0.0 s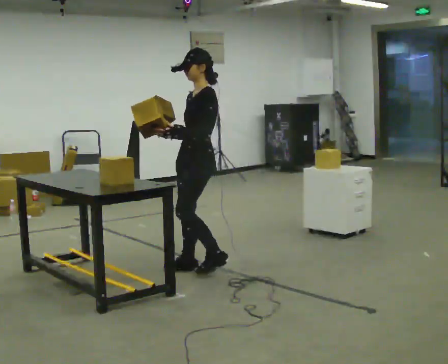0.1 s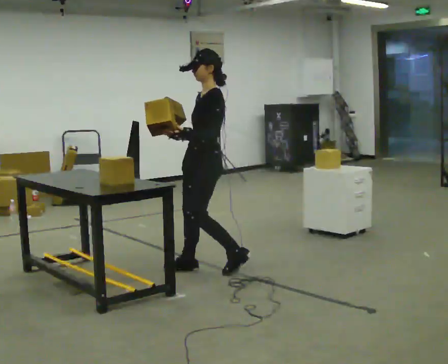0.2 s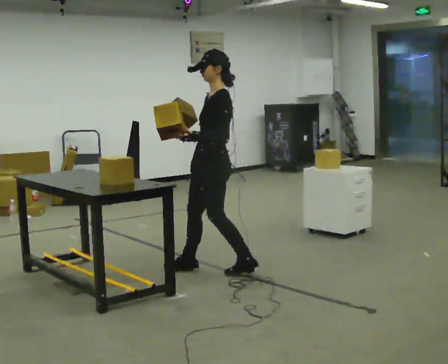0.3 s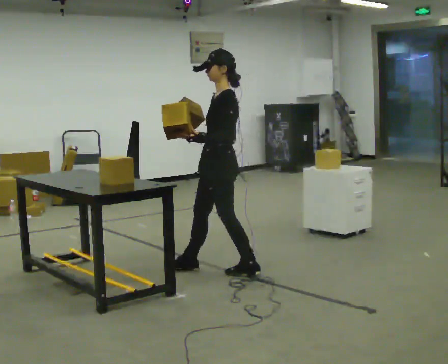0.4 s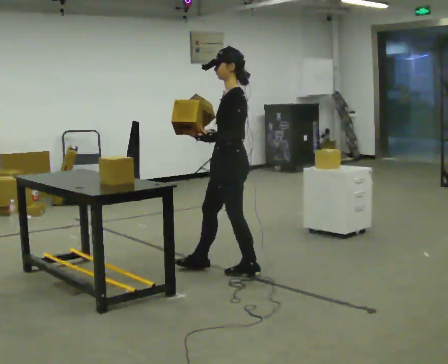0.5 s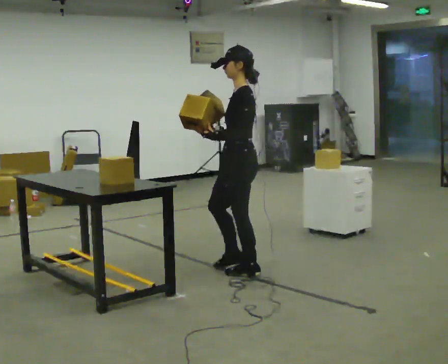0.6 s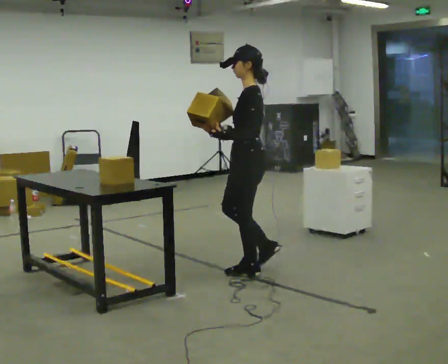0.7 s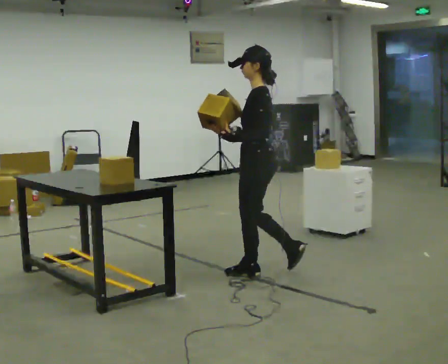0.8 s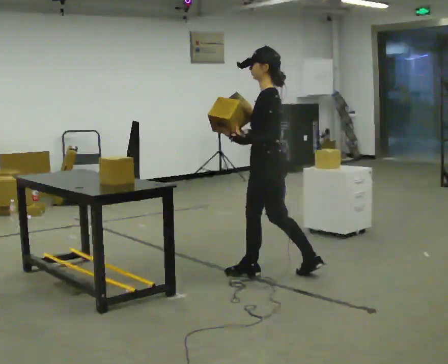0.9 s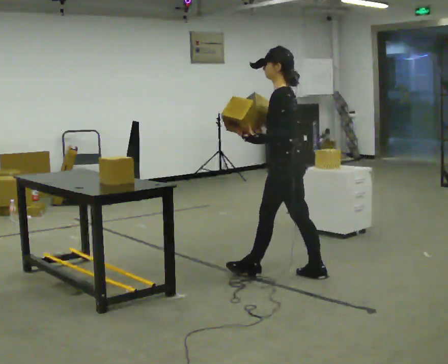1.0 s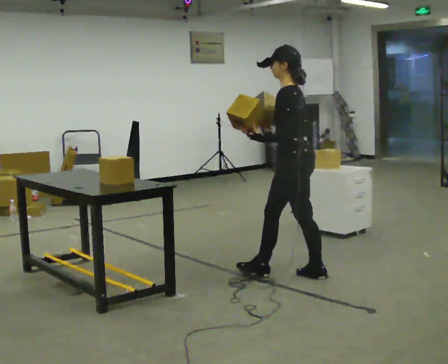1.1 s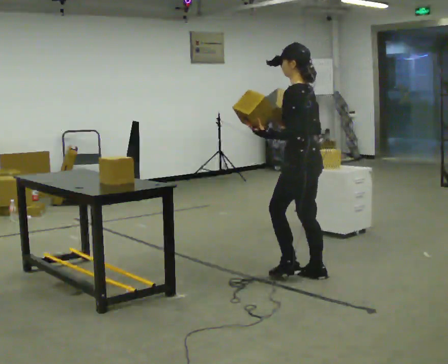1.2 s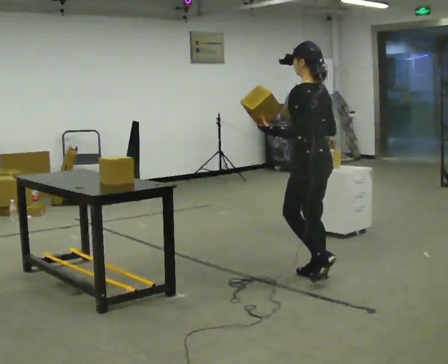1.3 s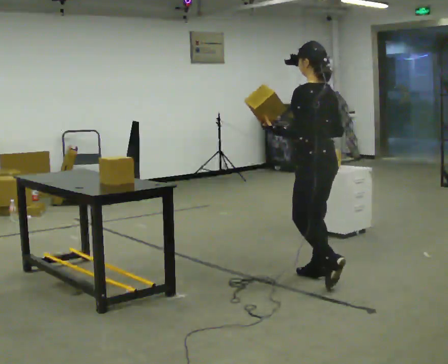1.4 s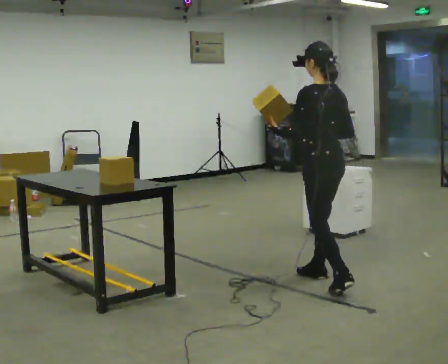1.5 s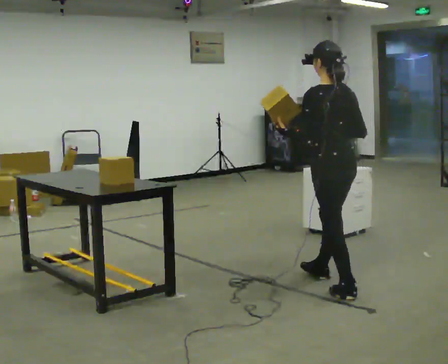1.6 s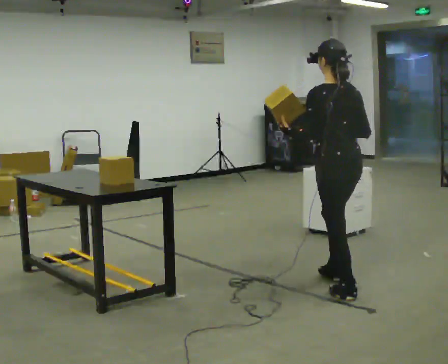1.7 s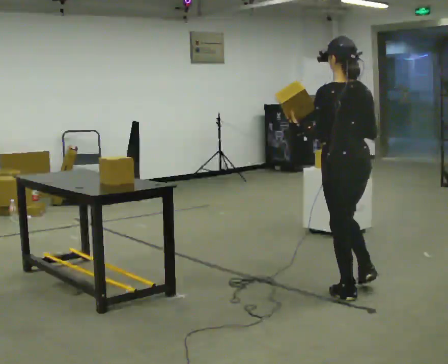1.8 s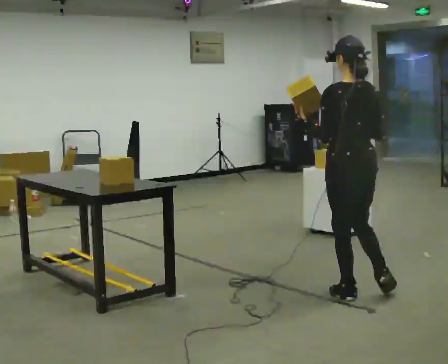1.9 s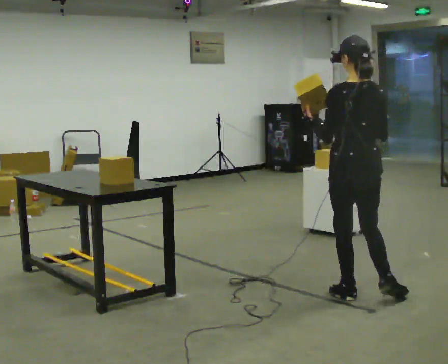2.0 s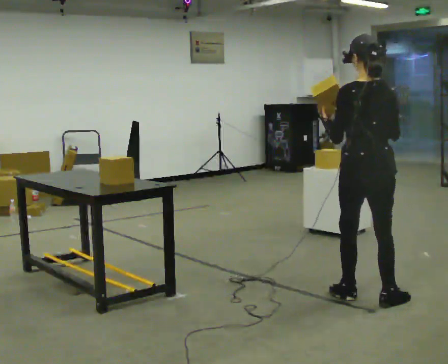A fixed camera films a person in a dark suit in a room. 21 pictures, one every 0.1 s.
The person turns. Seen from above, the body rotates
clockwise.
The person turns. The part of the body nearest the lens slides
to the left.
0.0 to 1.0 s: Seen from above the body turns clockwise, about 30 degrees: to their right, with its near side sliding to the left. In the picture they go to the right, about 0.75 m in 2 steps, which for them is backward.
1.0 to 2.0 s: Seen from above the body turns clockwise, about 60 degrees: to their right, with its near side sliding to the left. In the picture they go toward the camera and to the right, about 0.75 m in 1 step.
The film runs backward here.
